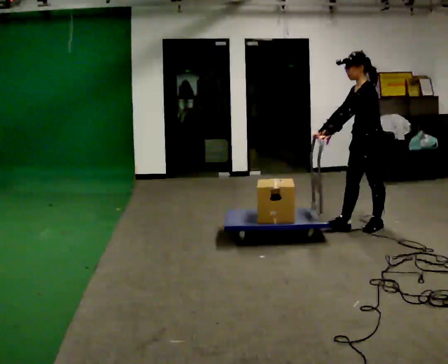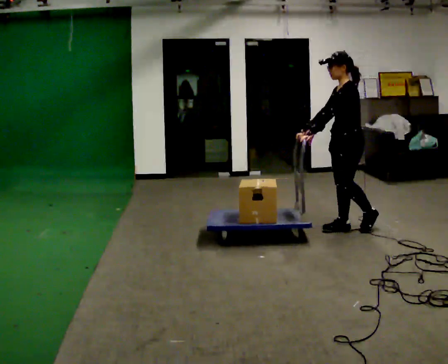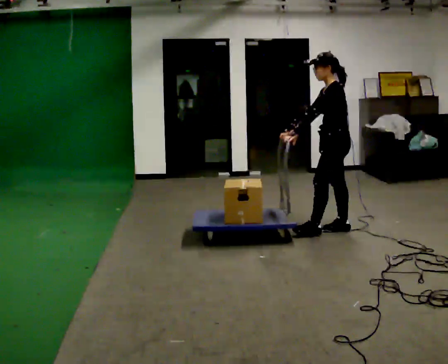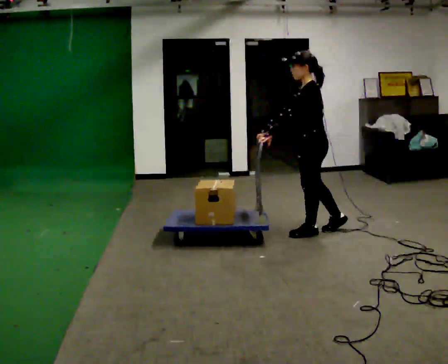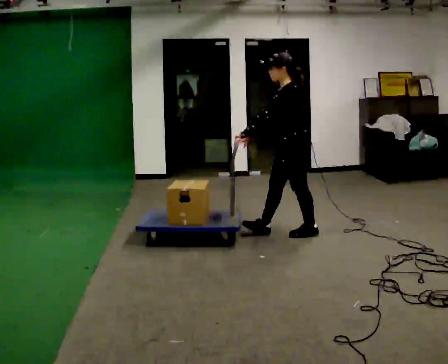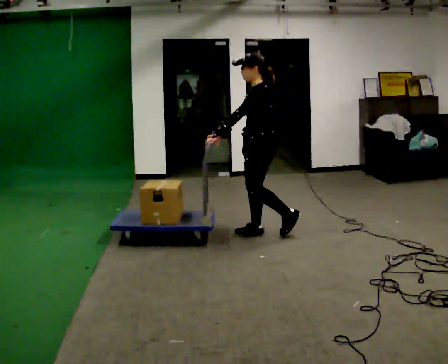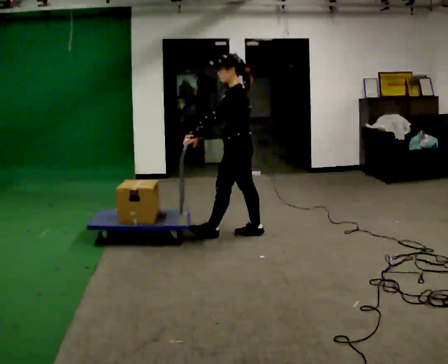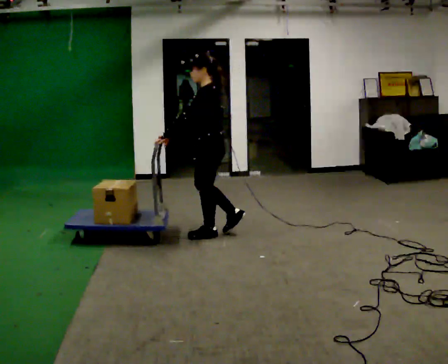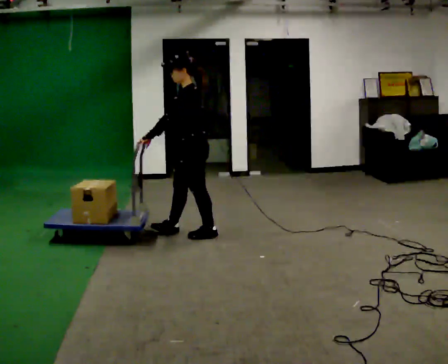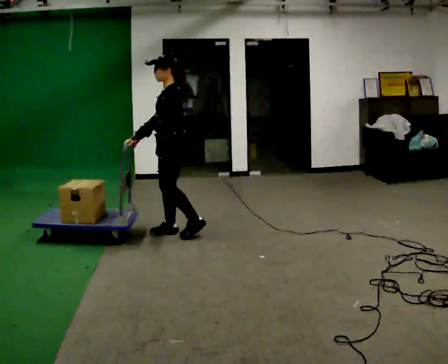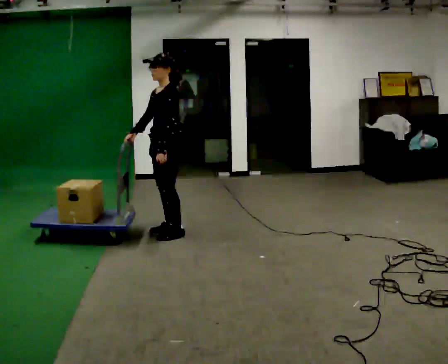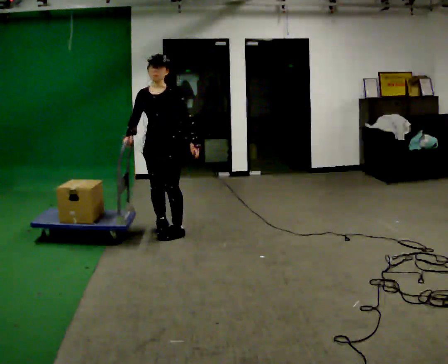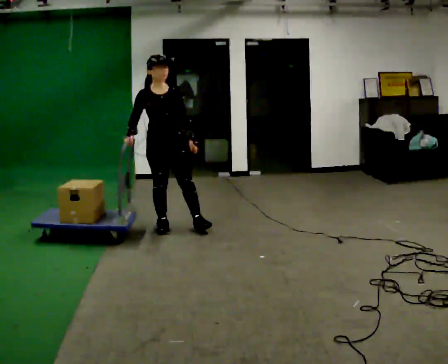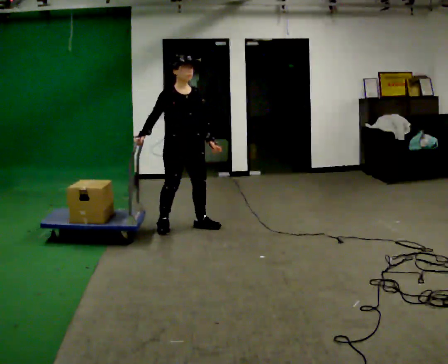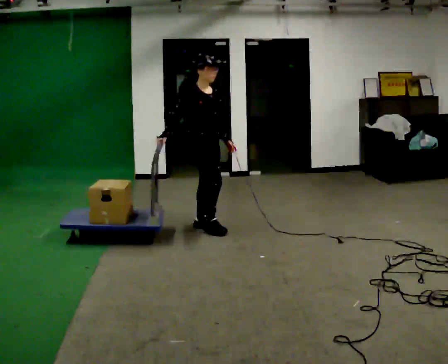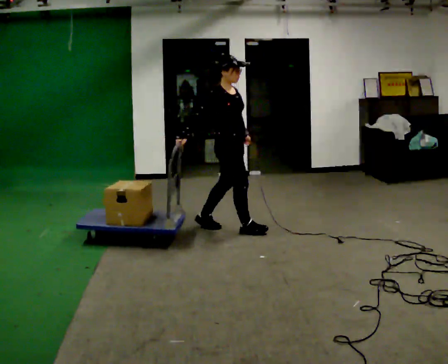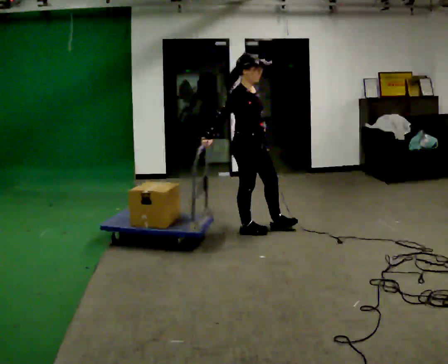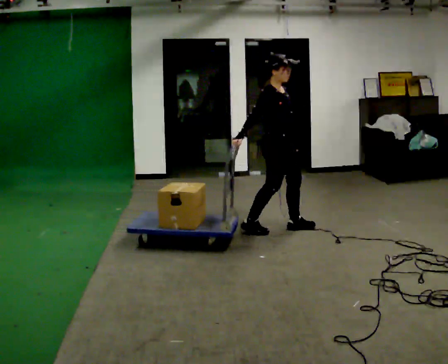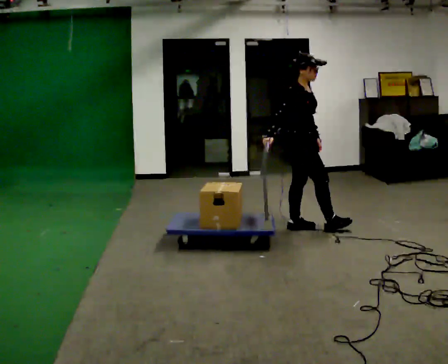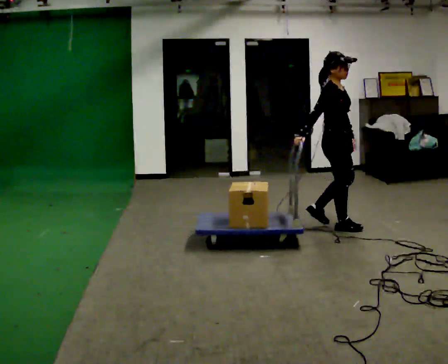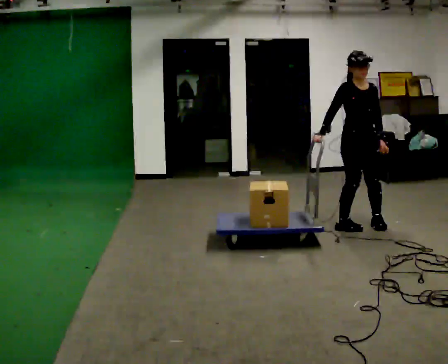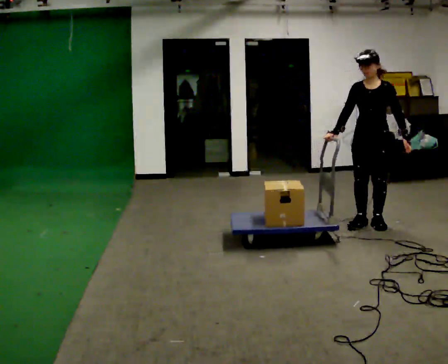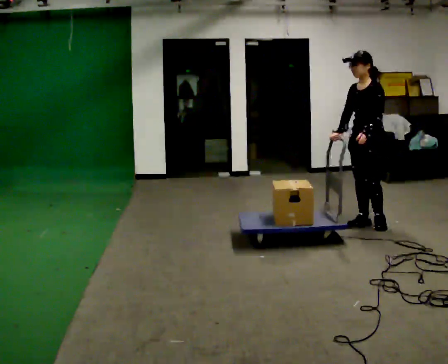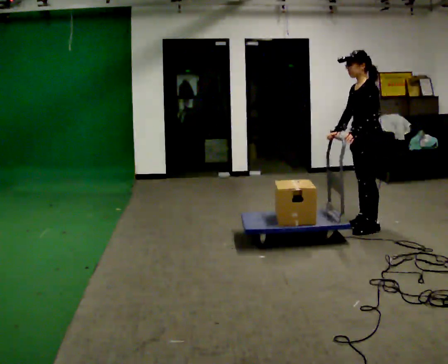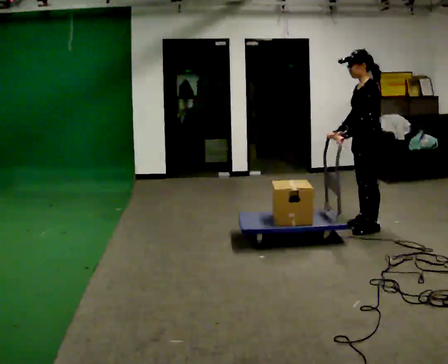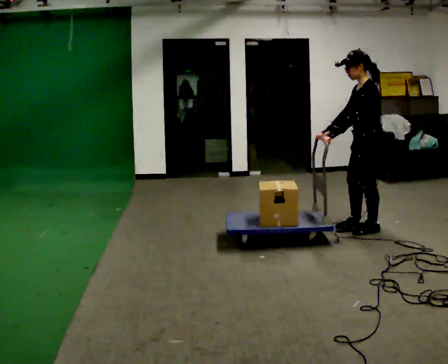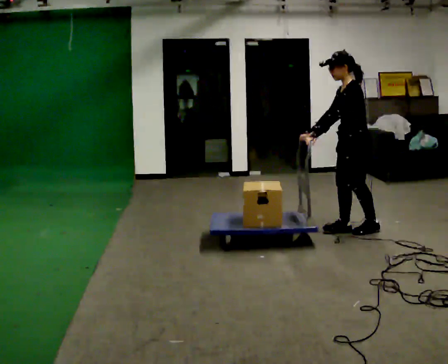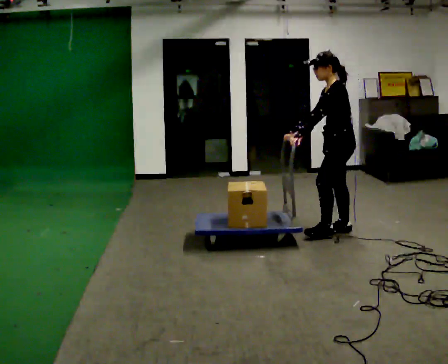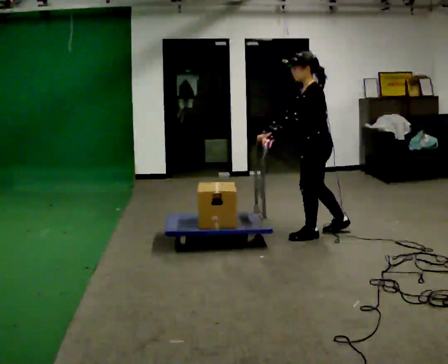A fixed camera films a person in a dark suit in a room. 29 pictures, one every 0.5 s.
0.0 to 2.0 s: In the picture they go to the left, about 0.75 m in 1 step, which for them is forward.
2.0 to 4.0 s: In the picture they go to the left, about 1 m in 3 steps, which for them is forward.
4.0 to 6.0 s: The part of the body nearest the lens slides to the right as the person turns to their left by about 105 degrees. In the picture they go to the left and away from the camera, about 0.25 m in 2 steps.
6.0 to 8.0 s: Seen from above the body turns counterclockwise, about 45 degrees: to their left, with its near side sliding to the right. In the picture they go to the right, about 1 m in 2 steps, which for them is forward.
8.0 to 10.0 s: Seen from above the body turns clockwise, about 45 degrees: to their right, with its near side sliding to the left. In the picture they go to the right, about 1 m in 3 steps, which for them is forward.
10.0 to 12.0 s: The person turns about 105 degrees to their right, clockwise seen from above, so the part of the body nearest the lens slides to the left. In the picture their left hand goes to the left, the arm swinging clockwise.
12.0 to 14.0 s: In the picture they go to the left, about 0.5 m in 2 steps, which for them is forward.
The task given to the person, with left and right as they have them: Push the cart across the room and back. The operator will change how much is loaded on it between takes and will tell you each time.
The film runs forward here.
